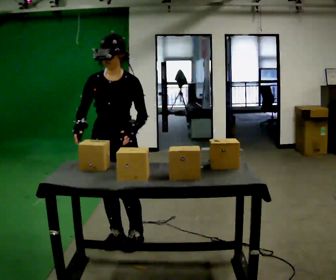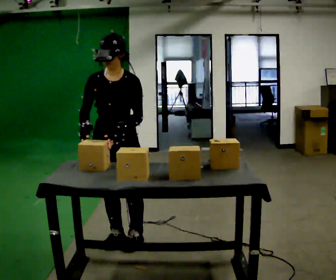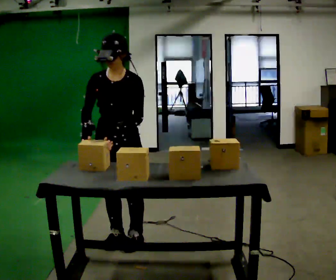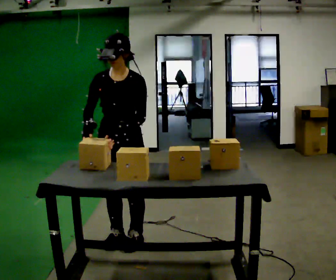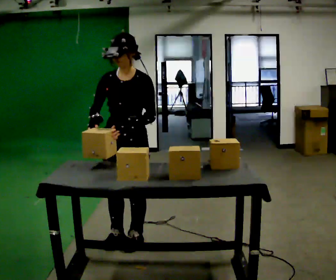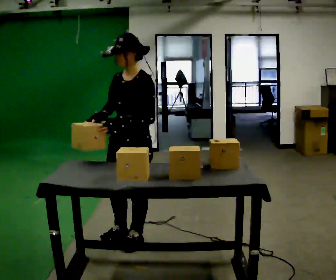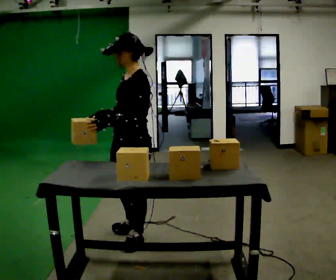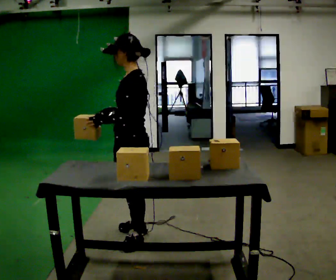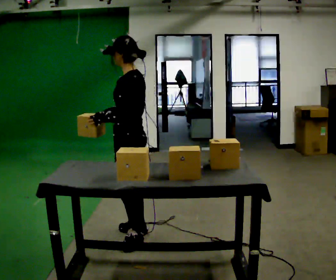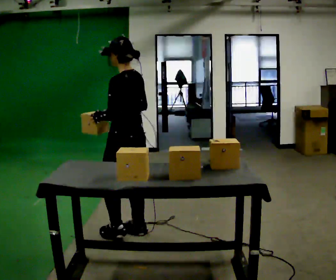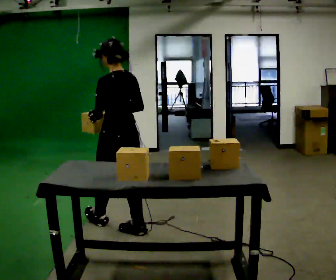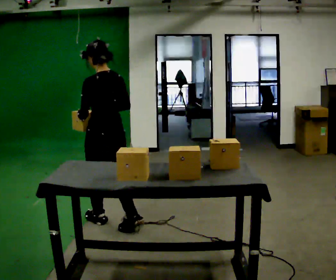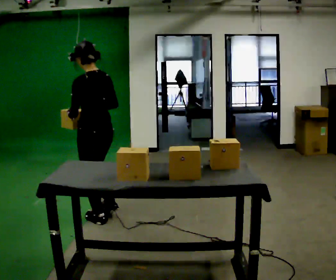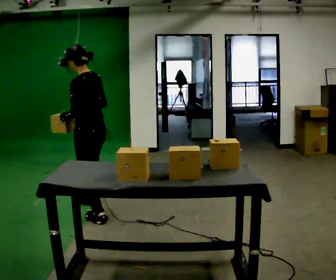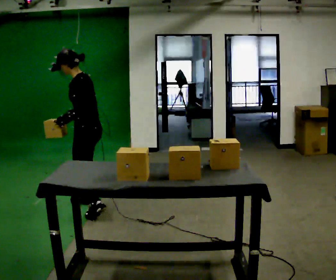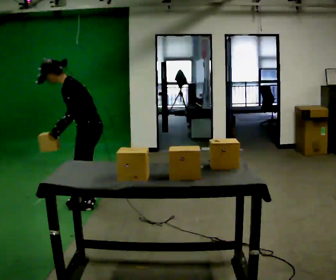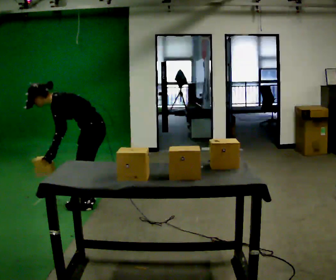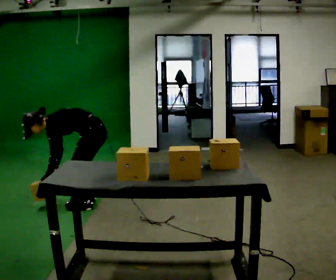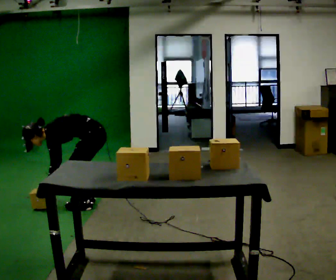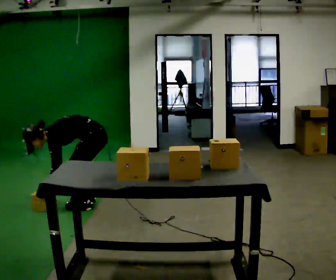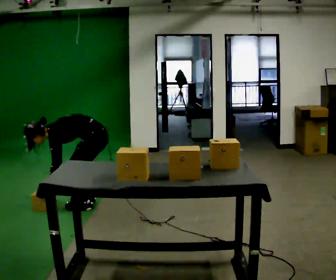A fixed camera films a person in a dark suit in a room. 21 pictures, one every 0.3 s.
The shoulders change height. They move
downward.
The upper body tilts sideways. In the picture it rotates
counterclockwise.
0.0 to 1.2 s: The person moves a little, or ends about where they began.
1.2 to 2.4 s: Seen from above the body turns clockwise, about 75 degrees: to their right, with its near side sliding to the left. In the picture they go away from the camera, about 0.25 m in 1 step.
2.4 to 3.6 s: The person turns about 30 degrees to their right, clockwise seen from above, so the part of the body nearest the lens slides to the left. In the picture they go to the left and away from the camera, about 0.5 m in 1 step, which for them is forward.
3.6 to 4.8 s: Seen from above the body turns counterclockwise, about 45 degrees: to their left, with its near side sliding to the right. In the picture they go away from the camera, about 0.5 m in 2 steps, which for them is to their right. The upper body goes downward. In the picture the upper body tilts counterclockwise, shoulders to the left, as they bend forward. In the picture their left hand goes downward.
4.8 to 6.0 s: The upper body goes downward. In the picture the upper body tilts counterclockwise, shoulders to the left, as they bend forward.
The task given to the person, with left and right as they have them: Pick the fragile object up and set it back down as gently as you can. Repeat at your own pace until the operator says stop. Keep both feet on the marked spots for the whole take. If you have to step, stop and tell the operator.
The film runs forward here.
